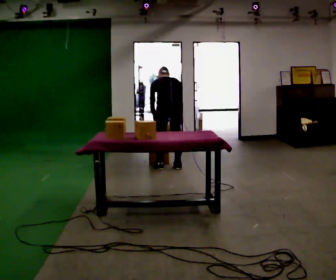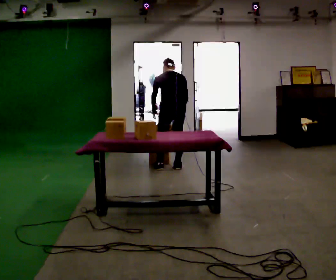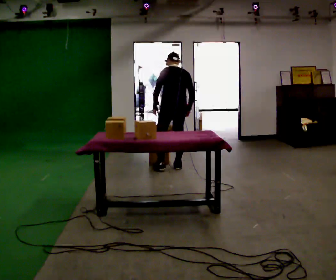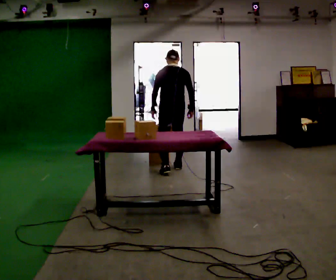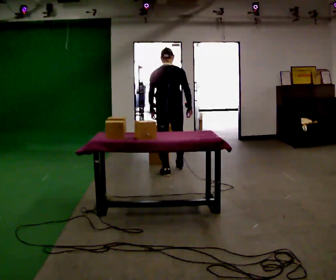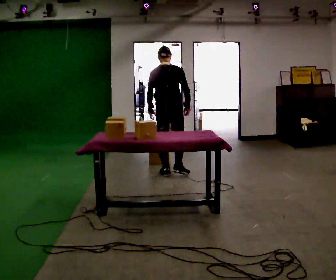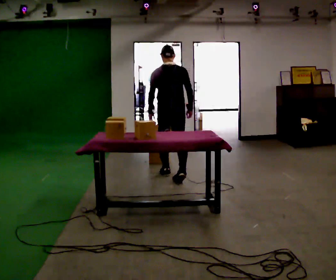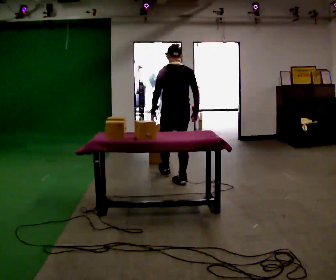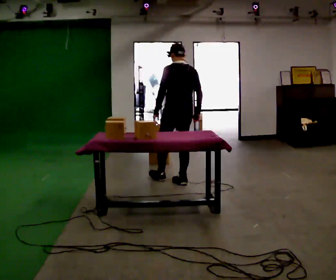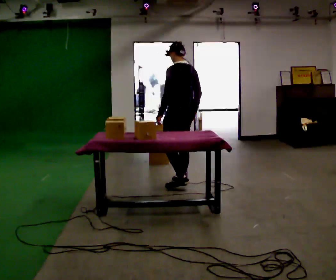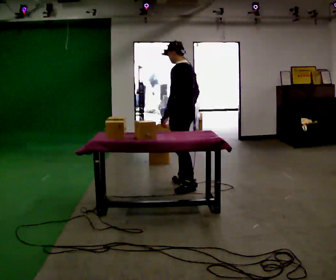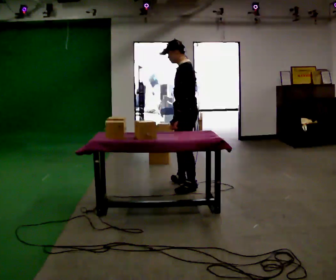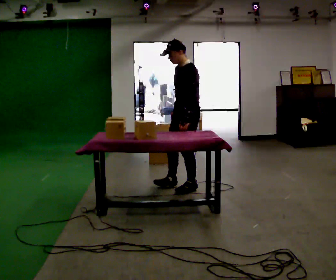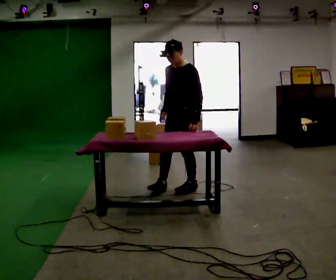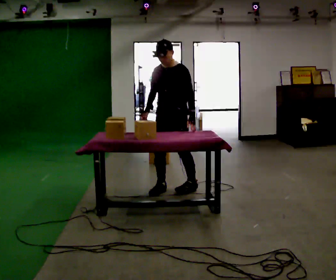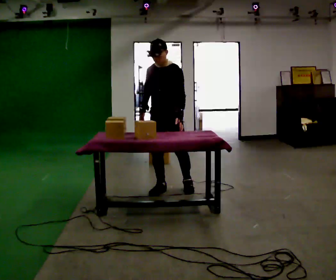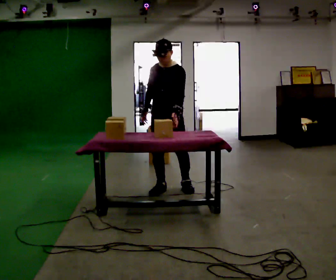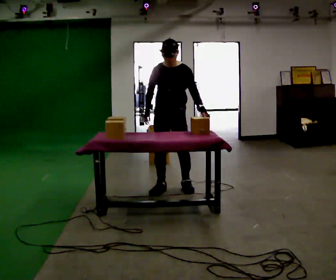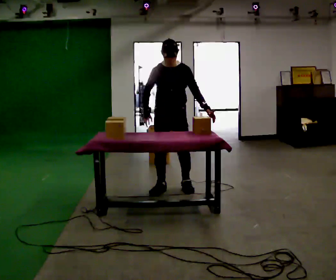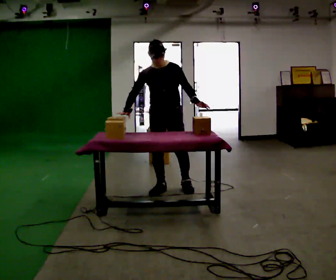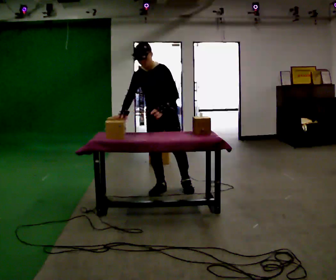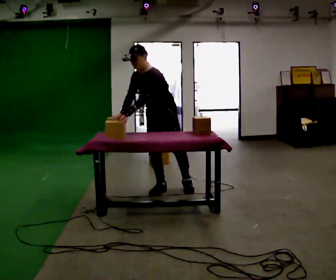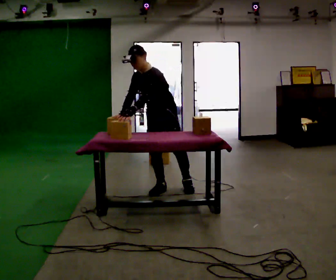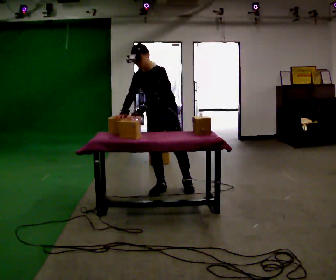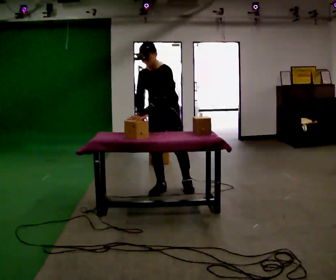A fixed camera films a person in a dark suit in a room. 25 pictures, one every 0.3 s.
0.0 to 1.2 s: In the picture they go toward the camera, about 0.25 m in 2 steps, which for them is backward. The upper body goes upward. The upper body tips toward the camera, its near side rolling downward, as they lean back or straighten.
1.2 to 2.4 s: In the picture they go toward the camera and to the right, about 0.5 m in 1 step, which for them is backward and to their right.
2.4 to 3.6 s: The person turns about 90 degrees to their left, counterclockwise seen from above, so the part of the body nearest the lens slides to the right. In the picture they go toward the camera, about 0.25 m in 1 step.
3.6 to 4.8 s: The person turns about 45 degrees to their left, counterclockwise seen from above, so the part of the body nearest the lens slides to the right. In the picture they go to the left, about 0.25 m, which for them is forward and to their right.
4.8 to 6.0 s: In the picture the upper body tilts counterclockwise, shoulders to the left.
6.0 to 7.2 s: The person moves a little, or ends about where they began.
The film runs backward here.
